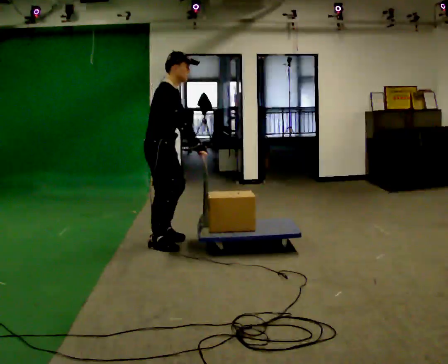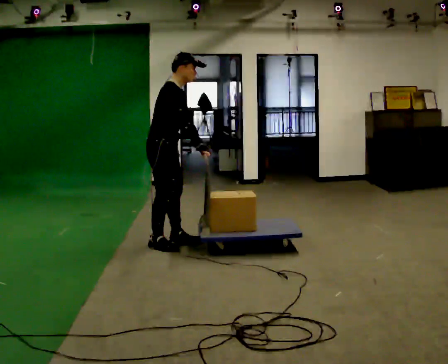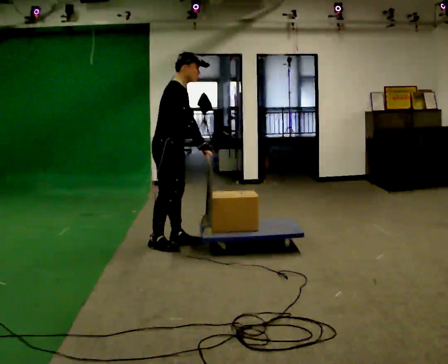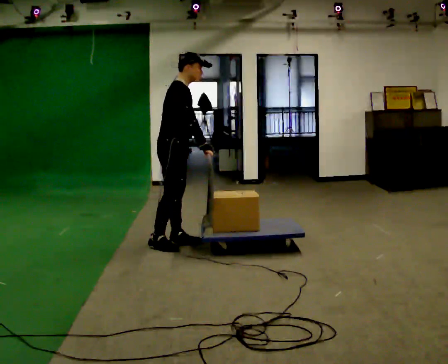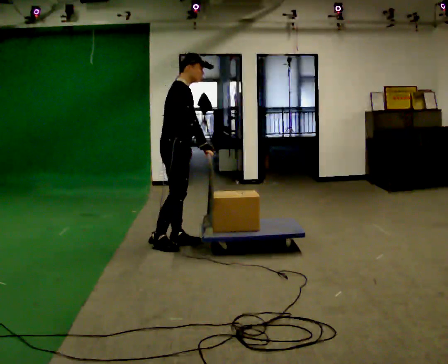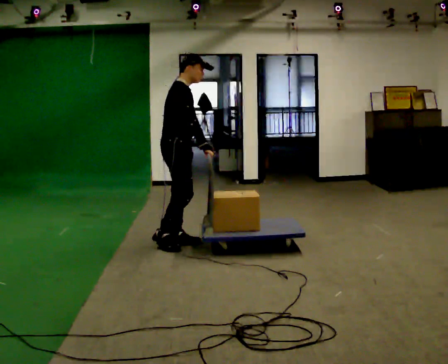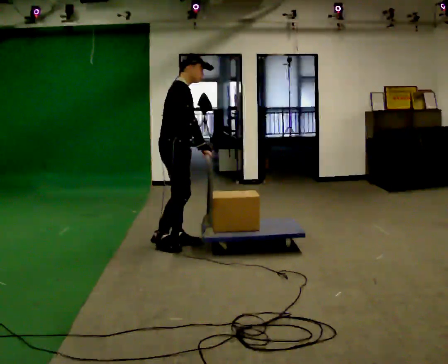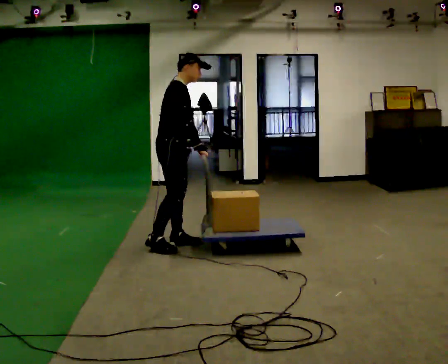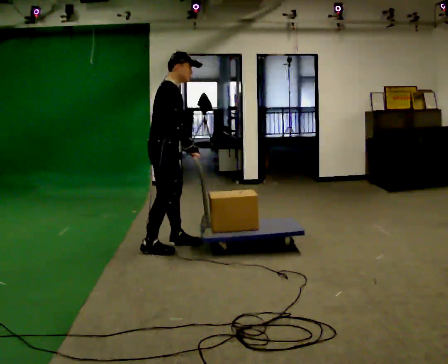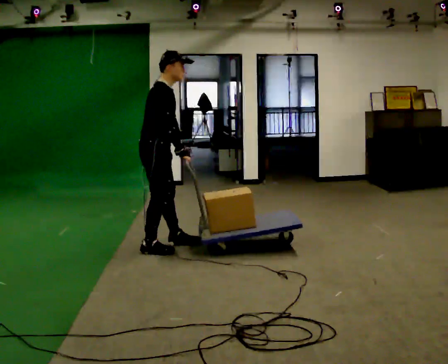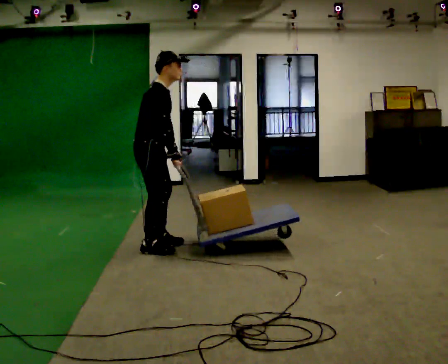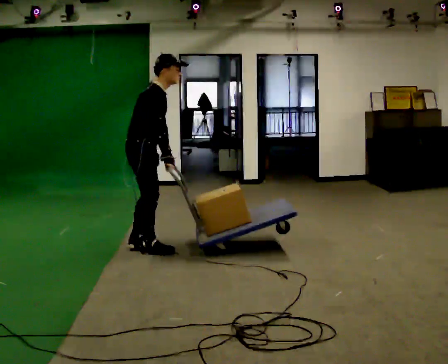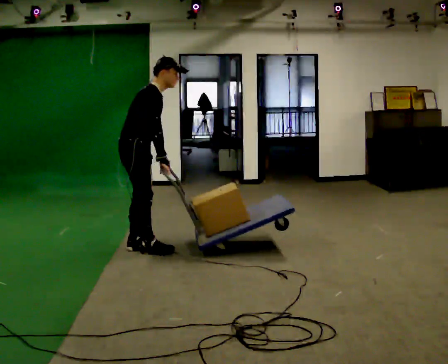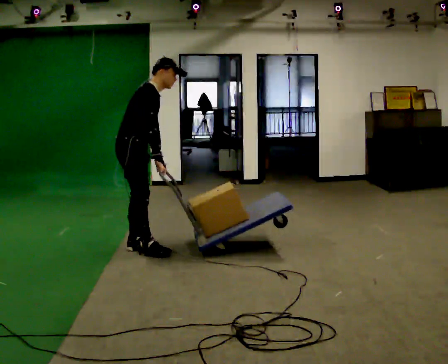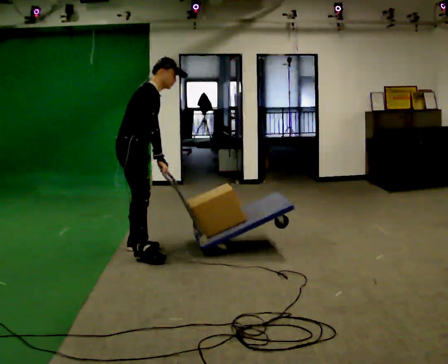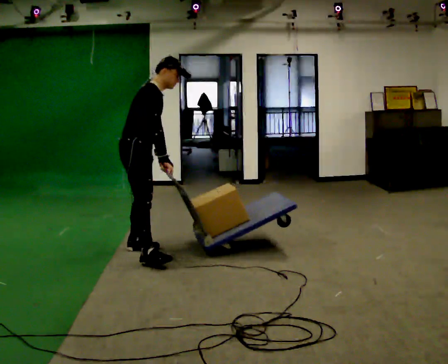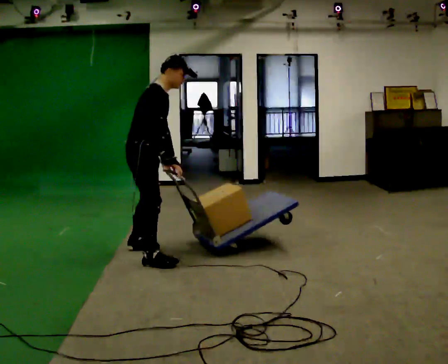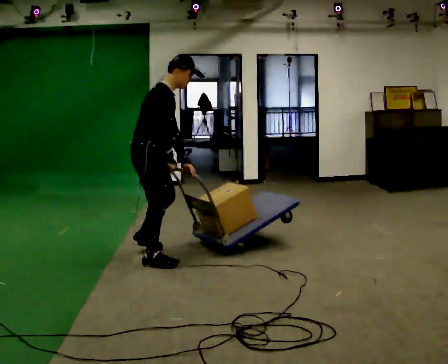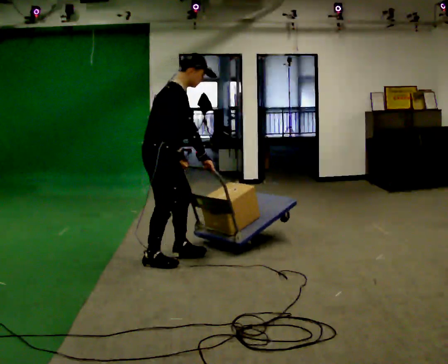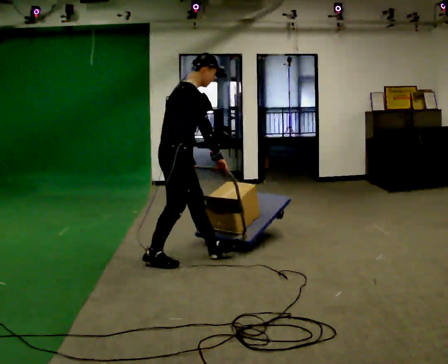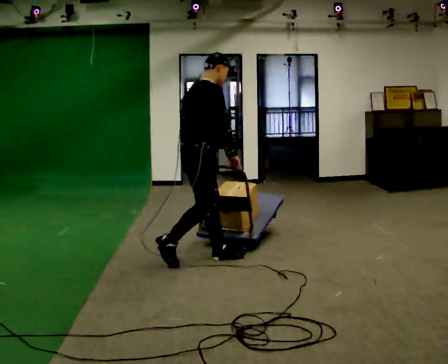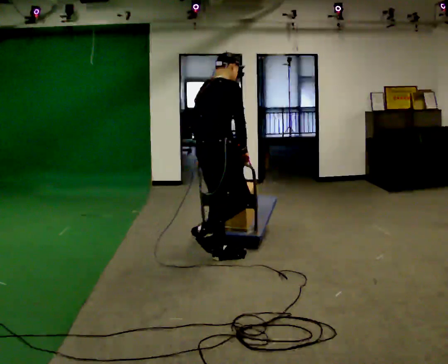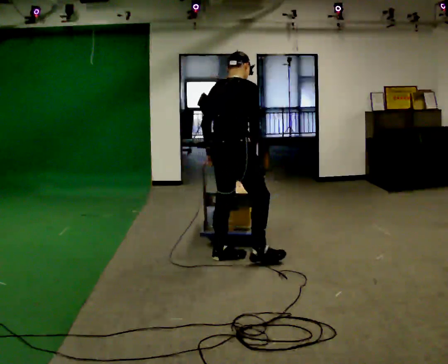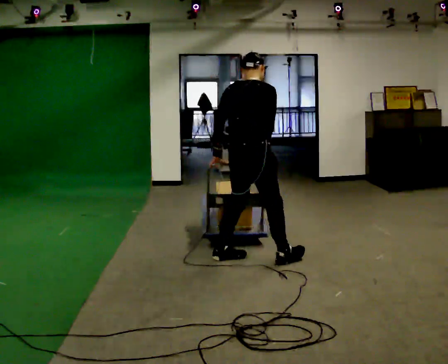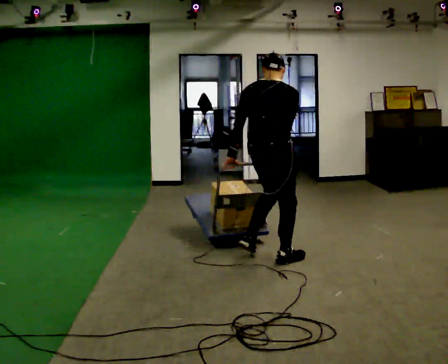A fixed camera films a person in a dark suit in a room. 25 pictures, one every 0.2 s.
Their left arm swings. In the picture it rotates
clockwise.
The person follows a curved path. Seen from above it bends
counterclockwise.
0.0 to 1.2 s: The person moves a little, or ends about where they began.
1.2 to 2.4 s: In the picture they go to the left and toward the camera, about 0.25 m in 1 step, which for them is backward and to their right.
2.4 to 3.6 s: In the picture they go toward the camera and to the right, about 0.5 m in 1 step, which for them is forward and to their right.
3.6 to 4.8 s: The person turns about 60 degrees to their left, counterclockwise seen from above, so the part of the body nearest the lens slides to the right. In the picture they go to the right, about 1 m in 2 steps, which for them is forward. In the picture the upper body tilts counterclockwise, shoulders to the left.
The film runs forward here.
